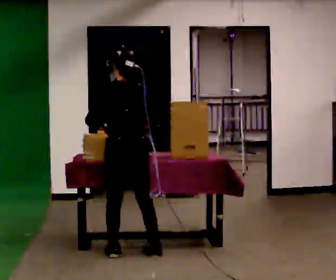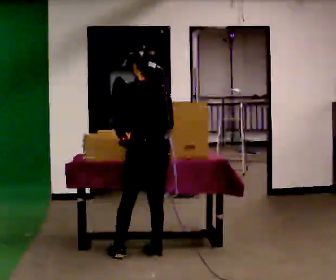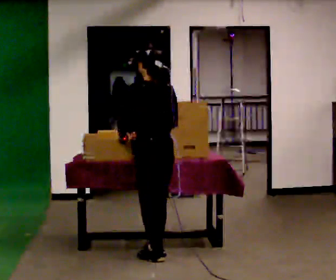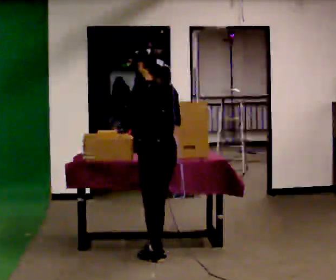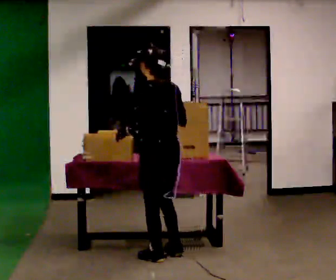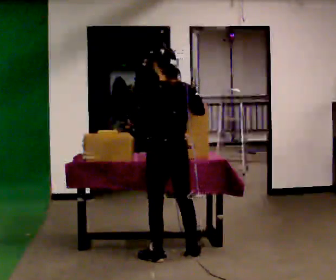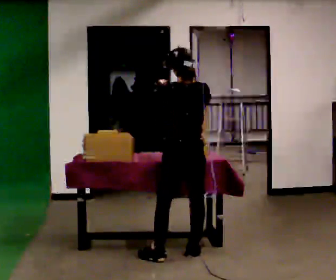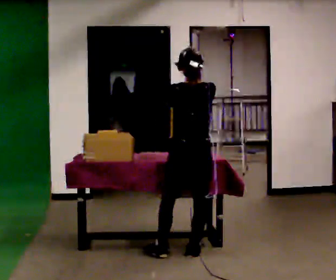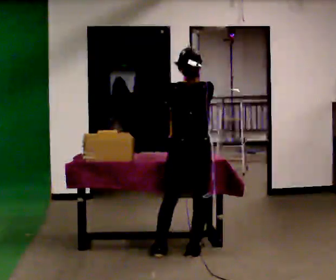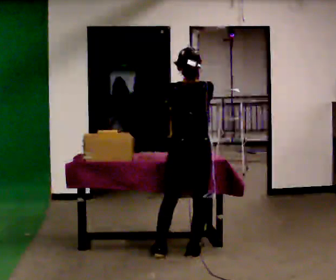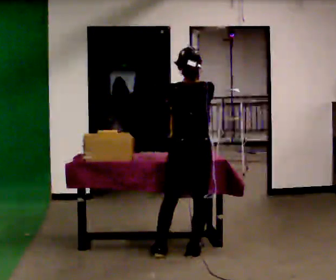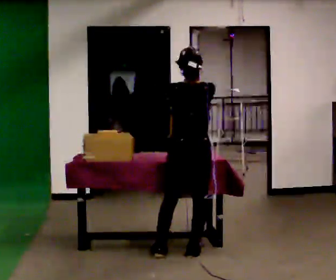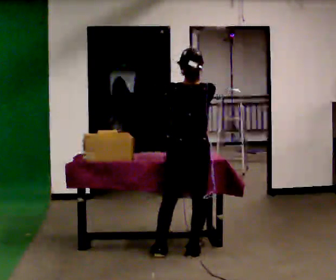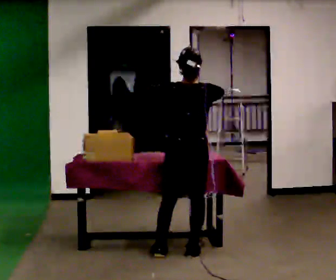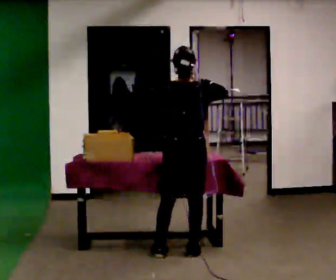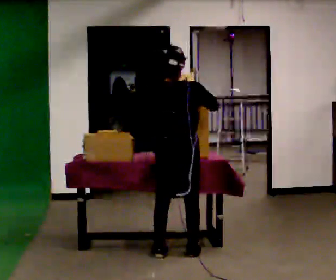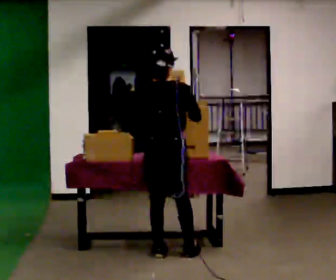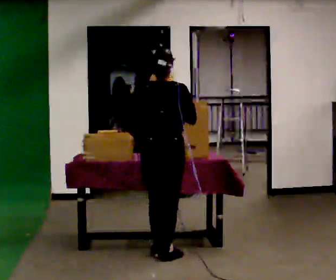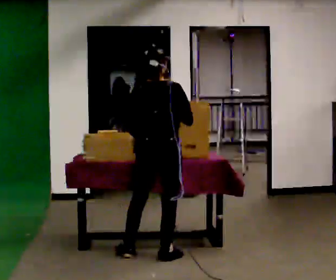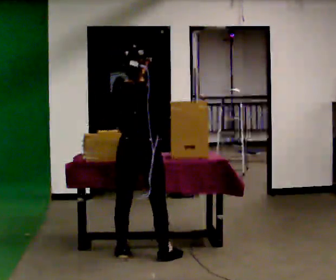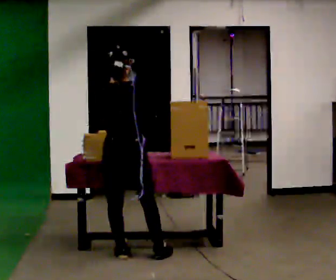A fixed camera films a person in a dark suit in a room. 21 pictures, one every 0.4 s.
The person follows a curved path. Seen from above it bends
counterclockwise.
0.0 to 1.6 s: Seen from above the body turns counterclockwise, about 30 degrees: to their left, with its near side sliding to the right. In the picture they go to the right, about 0.25 m in 2 steps, which for them is backward and to their right.
1.6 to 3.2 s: The person turns about 30 degrees to their right, clockwise seen from above, so the part of the body nearest the lens slides to the left. In the picture they go away from the camera and to the right, about 0.25 m, which for them is to their right.
3.2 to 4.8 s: The person moves a little, or ends about where they began.
4.8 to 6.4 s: In the picture they go to the left, about 0.25 m in 1 step, which for them is to their left.
6.4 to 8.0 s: In the picture they go to the left, about 0.25 m in 1 step, which for them is to their left.
The film runs backward here.
